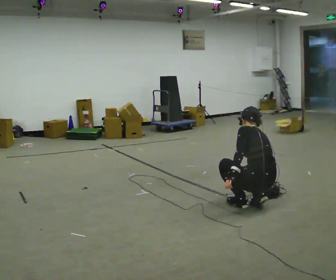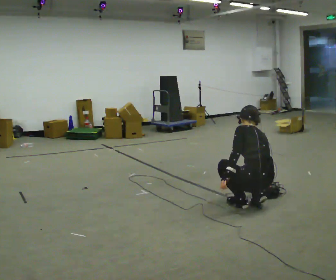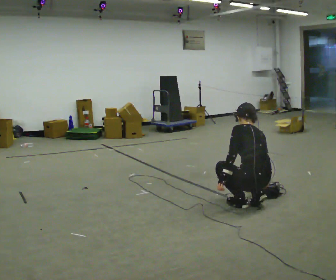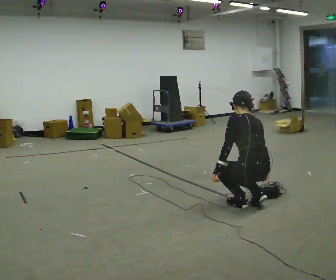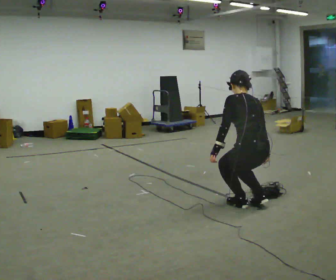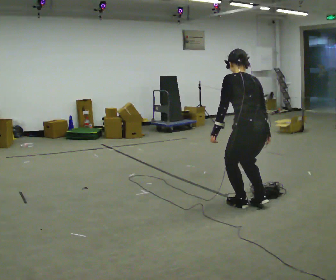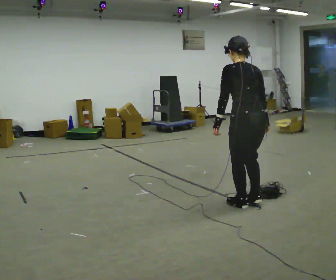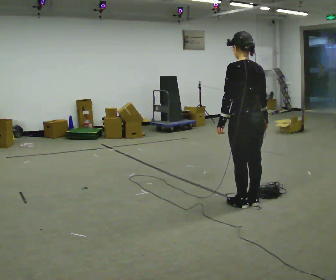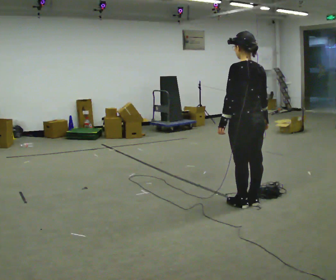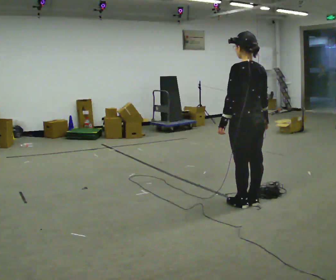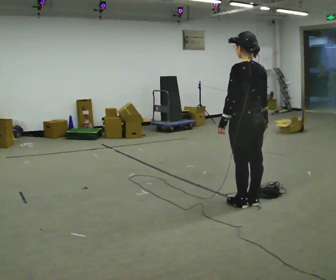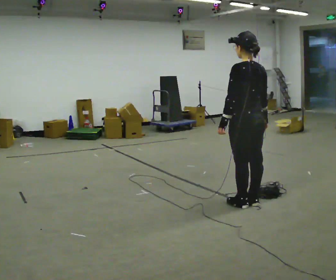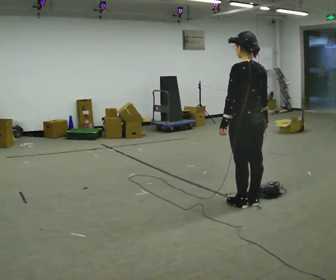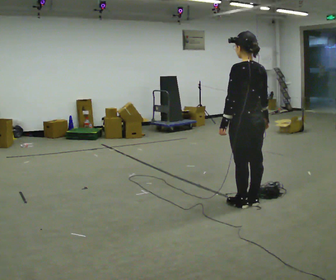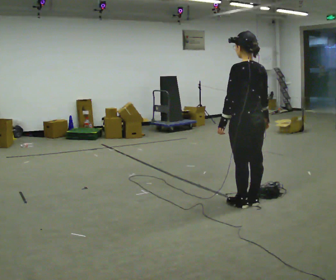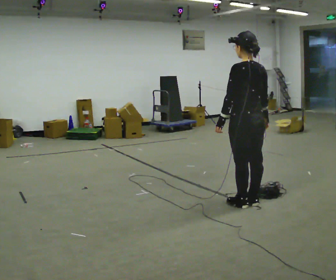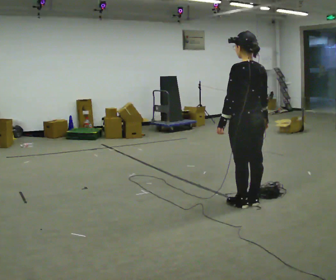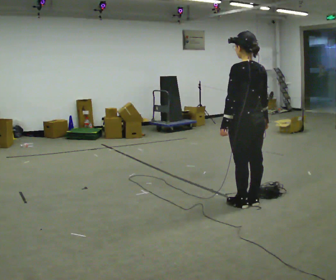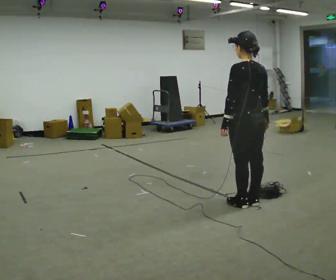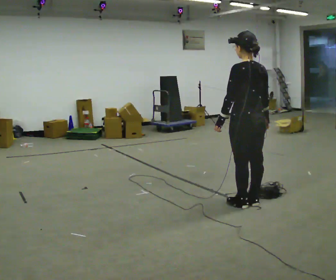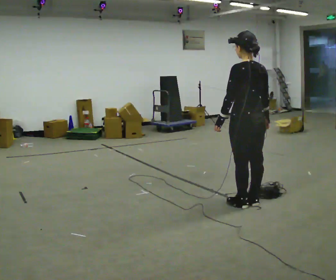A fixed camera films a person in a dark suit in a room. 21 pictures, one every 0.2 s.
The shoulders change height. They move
upward.
Their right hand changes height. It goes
upward.
0.0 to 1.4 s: The upper body goes upward. The upper body tips toward the camera, its near side rolling downward, as they lean back or straighten. In the picture their left hand goes upward.
1.4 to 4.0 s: The person moves a little, or ends about where they began.
The film runs backward here.
